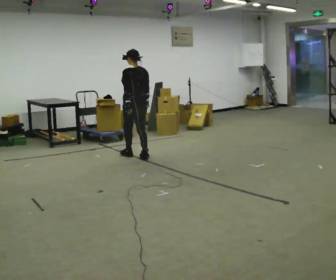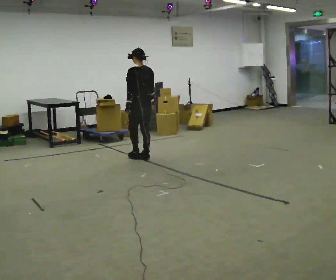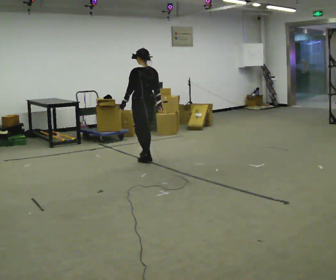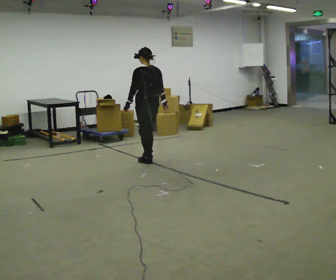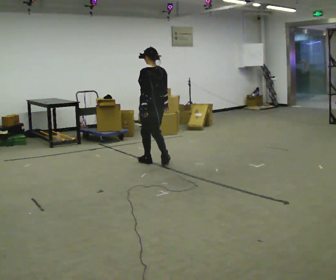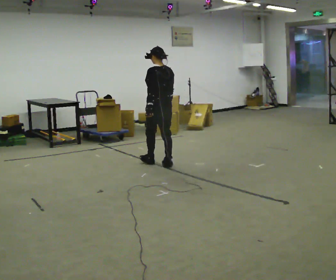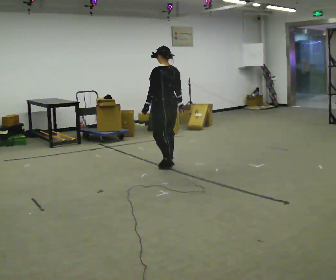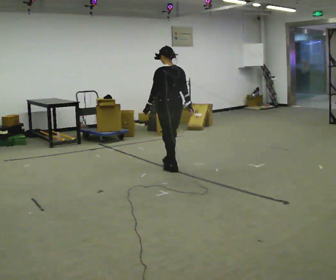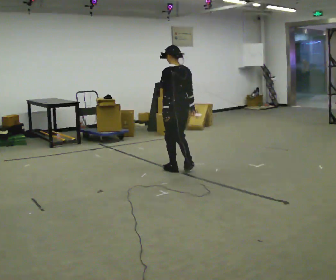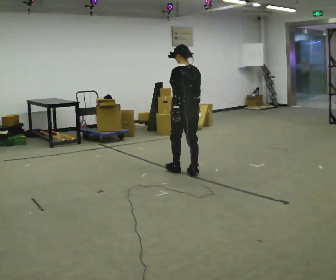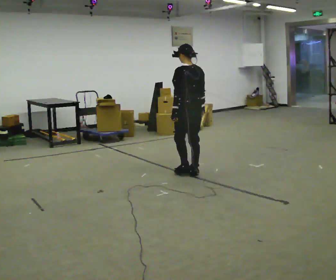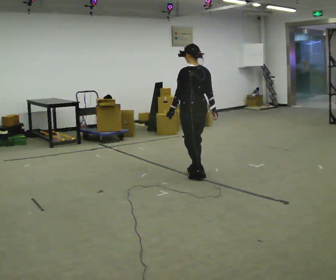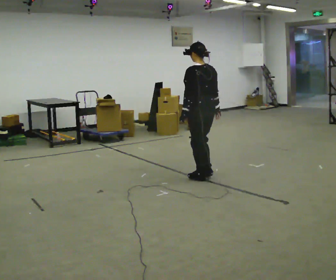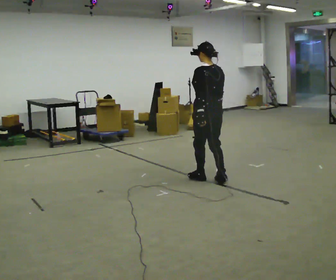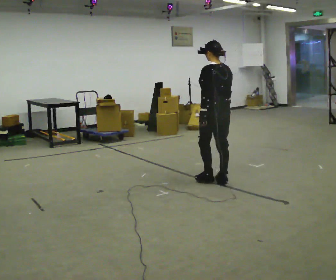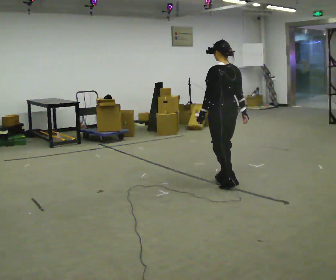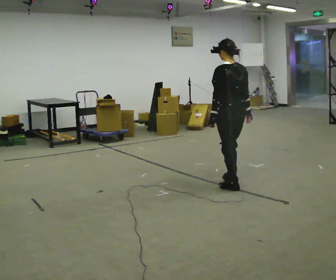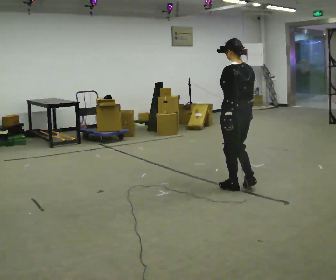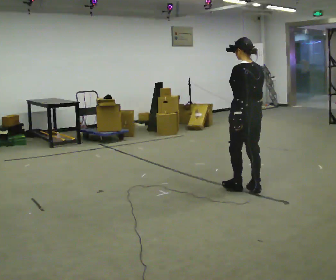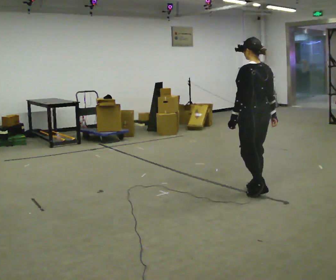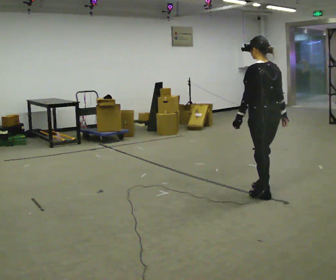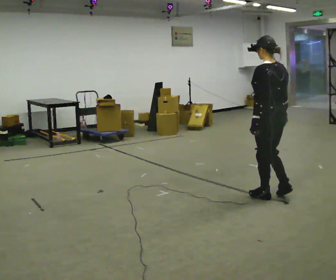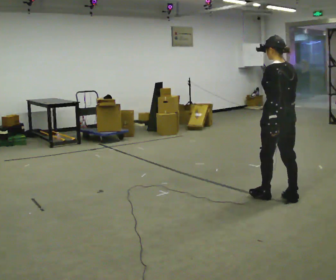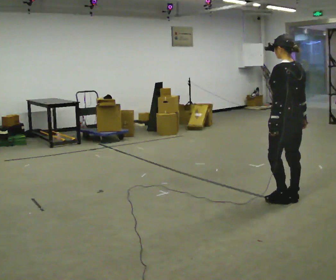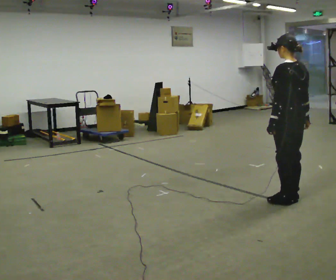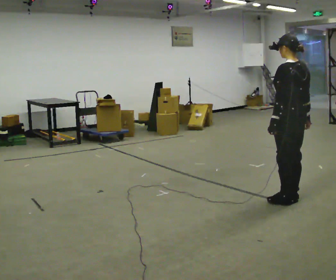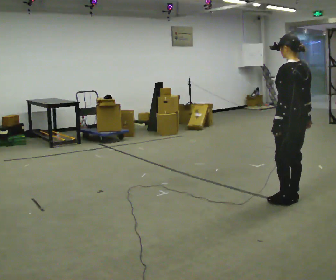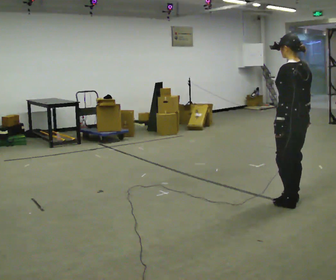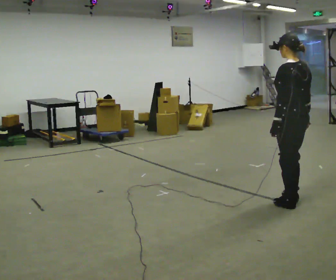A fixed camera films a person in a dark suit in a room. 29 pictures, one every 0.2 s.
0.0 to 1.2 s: In the picture they go to the right and toward the camera, about 0.75 m in 3 steps, which for them is backward.
1.2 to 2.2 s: In the picture they go toward the camera and to the right, about 0.5 m in 2 steps, which for them is backward.
2.2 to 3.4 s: In the picture they go toward the camera and to the right, about 0.75 m in 3 steps, which for them is backward.
3.4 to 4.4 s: In the picture they go to the right and toward the camera, about 0.5 m in 2 steps, which for them is backward.
4.4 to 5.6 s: In the picture they go toward the camera, about 0.25 m in 1 step, which for them is backward.
The film runs backward here.
